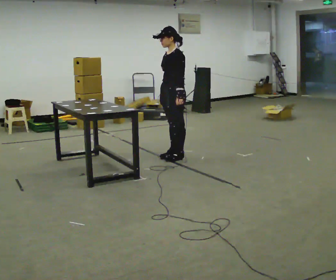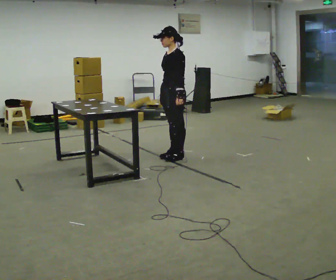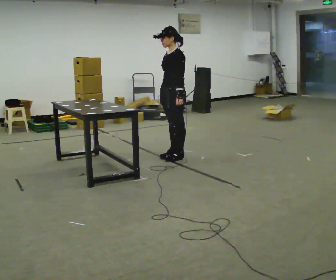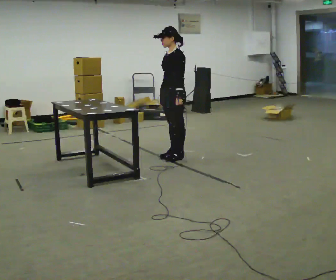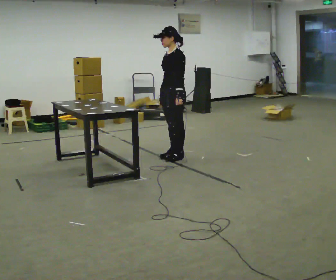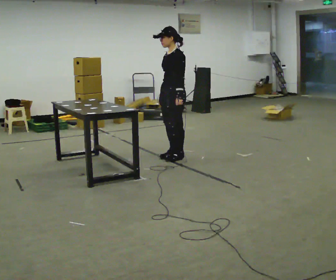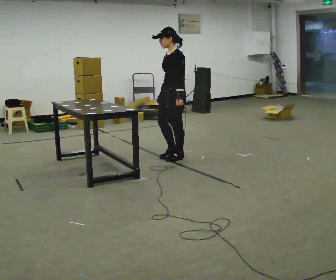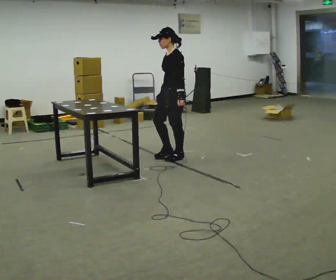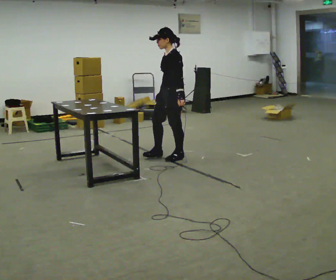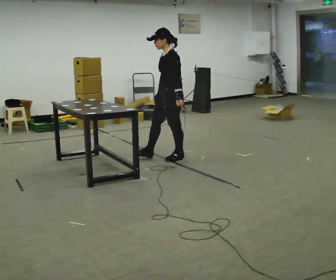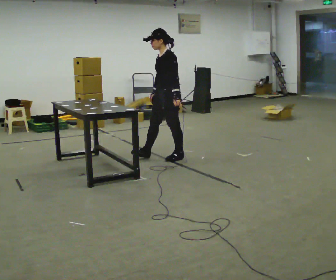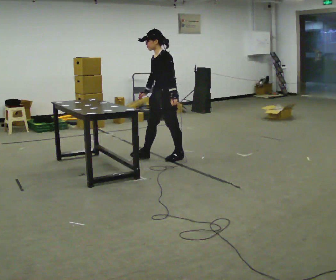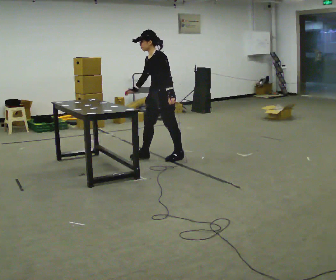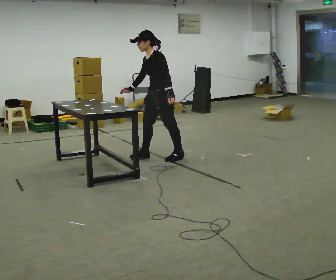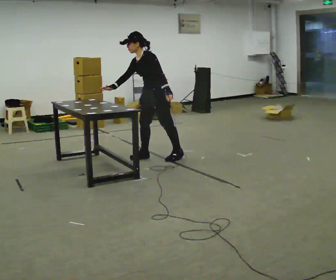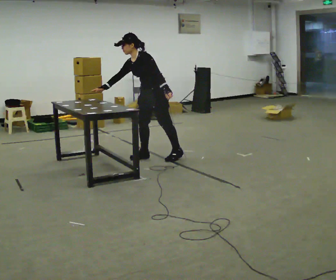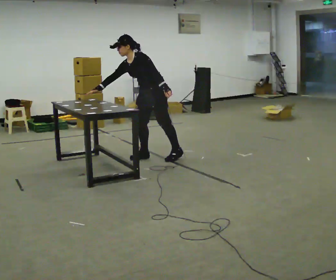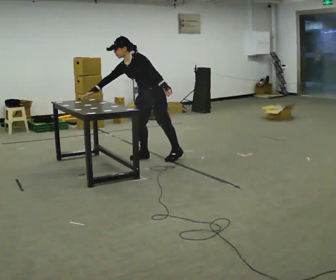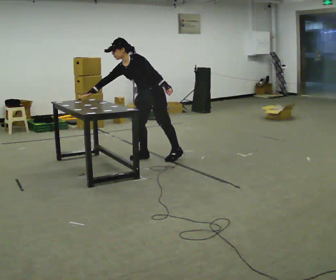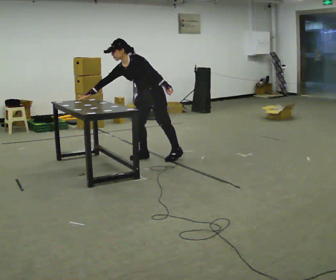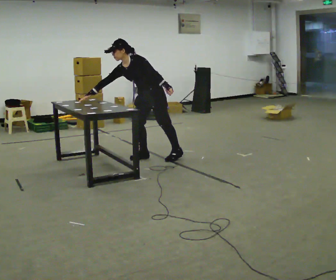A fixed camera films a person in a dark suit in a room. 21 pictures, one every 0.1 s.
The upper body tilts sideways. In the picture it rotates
counterclockwise.
0.0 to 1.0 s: The person moves a little, or ends about where they began.
1.0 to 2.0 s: In the picture they go to the left, about 0.25 m, which for them is to their right and forward. In the picture the upper body tilts counterclockwise, shoulders to the left, as they bend forward. In the picture their right hand goes to the left.
The film runs forward here.
